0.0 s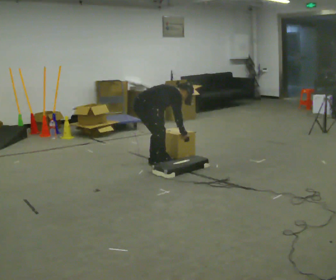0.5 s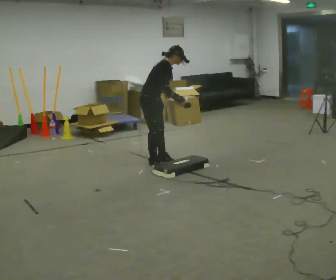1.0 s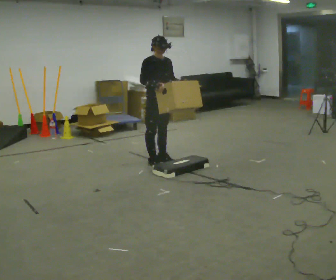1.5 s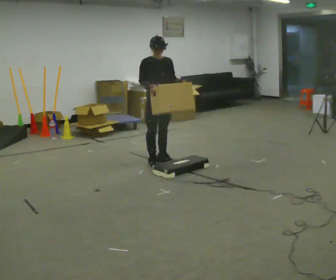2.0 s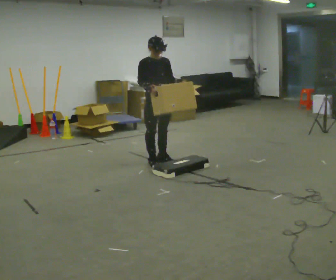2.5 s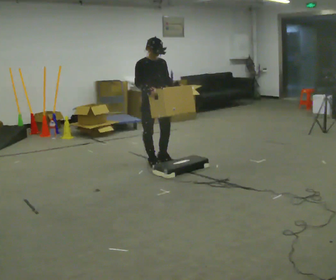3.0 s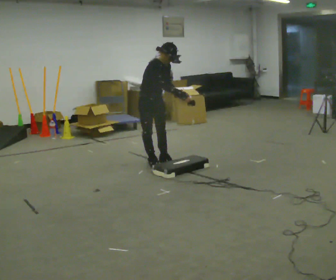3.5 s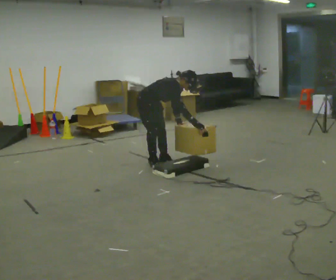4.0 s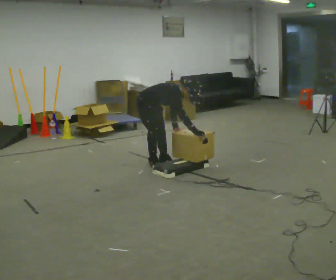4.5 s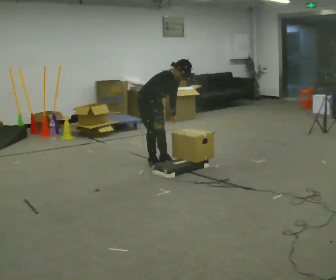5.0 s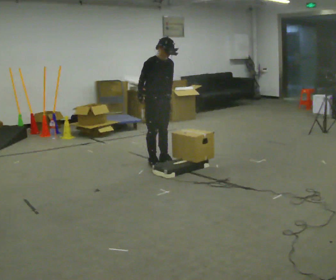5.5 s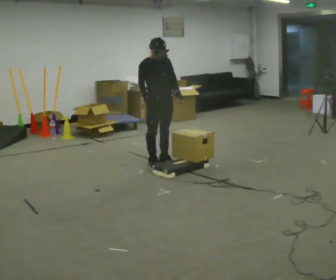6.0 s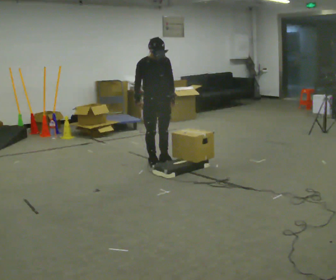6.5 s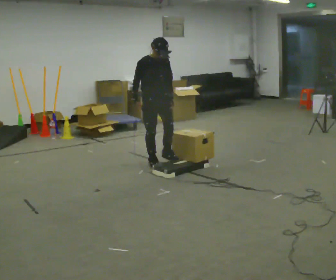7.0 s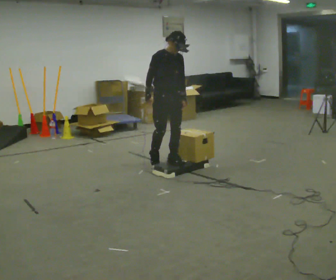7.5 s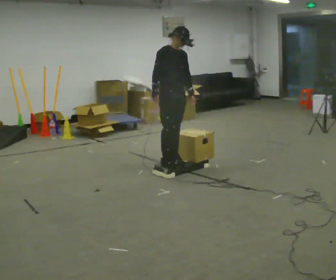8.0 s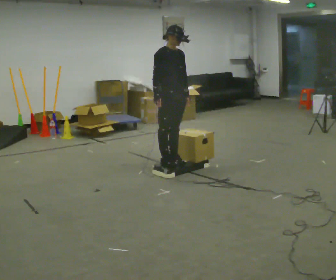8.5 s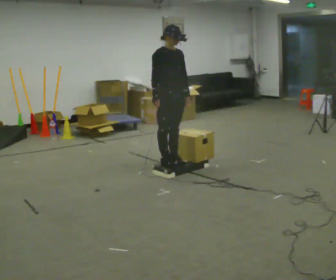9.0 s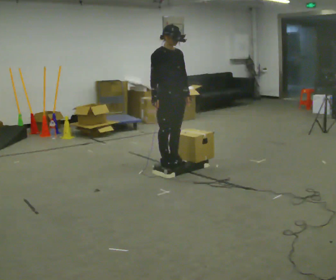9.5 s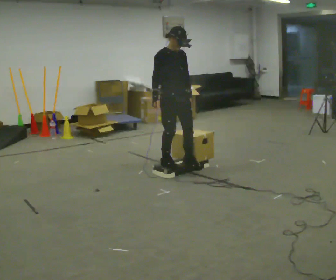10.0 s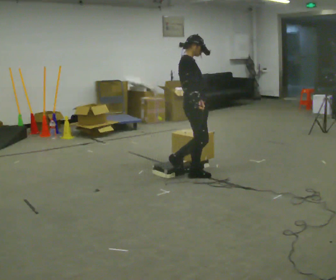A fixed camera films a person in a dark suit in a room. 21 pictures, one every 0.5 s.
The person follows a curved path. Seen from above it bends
clockwise.
0.0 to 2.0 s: Seen from above the body turns clockwise, about 75 degrees: to their right, with its near side sliding to the left. In the picture they go to the right, about 0.25 m. The shoulders move upward. In the picture the upper body tilts counterclockwise, shoulders to the left, as they lean back or straighten. In the picture their left hand goes upward, the arm swinging counterclockwise.
2.0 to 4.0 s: Seen from above the body turns counterclockwise, about 30 degrees: to their left, with its near side sliding to the right. The upper body goes downward. In the picture the upper body tilts clockwise, shoulders to the right, as they bend forward. In the picture their left hand goes downward, the arm swinging clockwise.
4.0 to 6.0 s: The person turns about 30 degrees to their right, clockwise seen from above, so the part of the body nearest the lens slides to the left. The upper body goes upward. In the picture the upper body tilts counterclockwise, shoulders to the left, as they lean back or straighten. In the picture their right hand goes to the left and upward.
6.0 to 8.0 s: In the picture they go toward the camera and to the right, about 0.25 m in 2 steps, which for them is forward.
8.0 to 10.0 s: The part of the body nearest the lens slides to the right as the person turns to their left by about 45 degrees. In the picture they go to the right and toward the camera, about 0.25 m in 1 step, which for them is forward.
The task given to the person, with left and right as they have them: Carry the box up onto the platform, across it, and down the other side, then bring it back. Keep going until the operator says stop; one object at a time, and do not rush between trips.
The film runs forward here.
